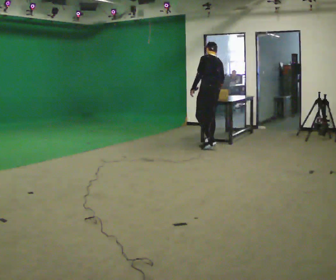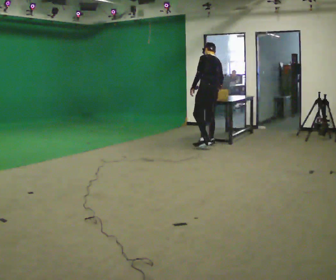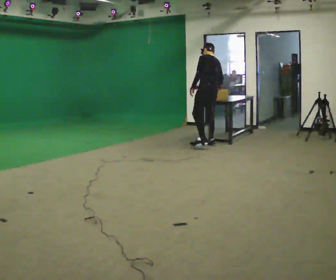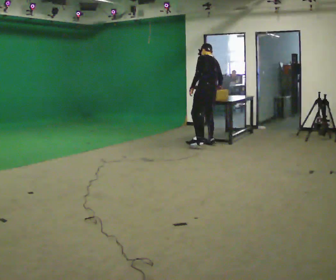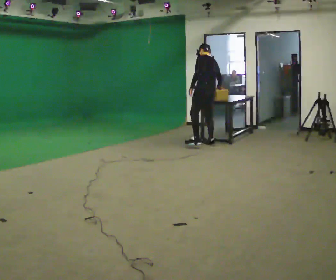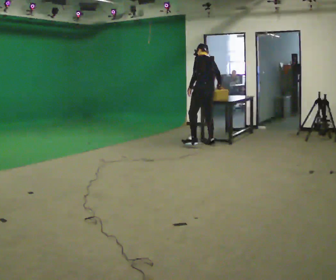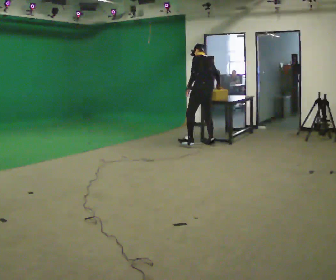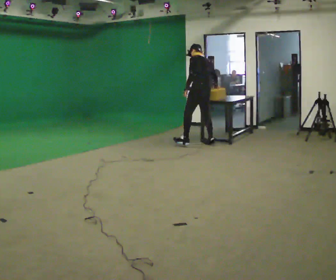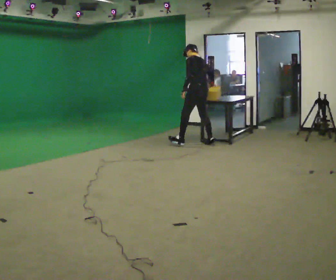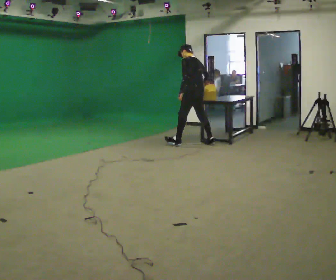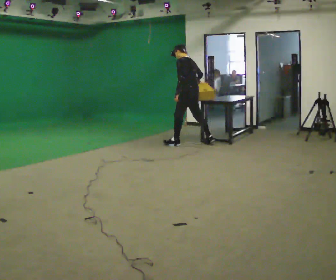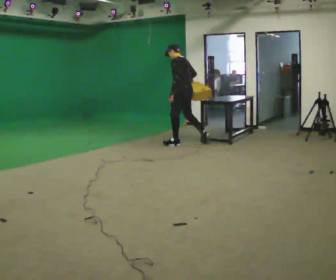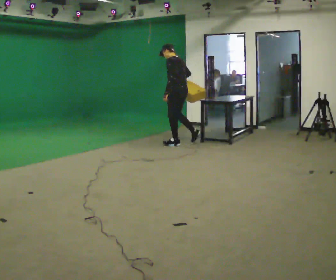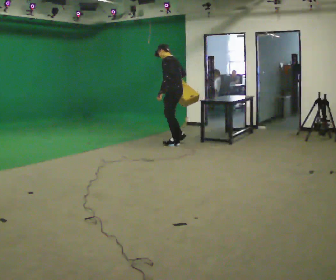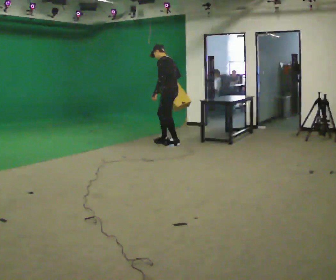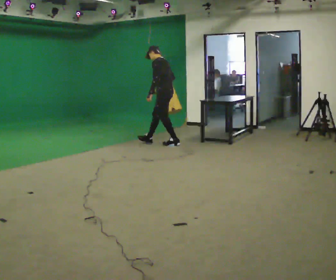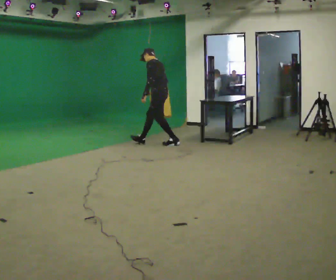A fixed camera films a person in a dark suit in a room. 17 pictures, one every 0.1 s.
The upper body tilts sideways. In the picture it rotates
counterclockwise.
The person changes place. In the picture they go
to the left.
0.0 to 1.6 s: The part of the body nearest the lens slides to the right as the person turns to their left by about 45 degrees. In the picture they go to the left, about 1 m in 1 step, which for them is forward and to their left. In the picture the upper body tilts counterclockwise, shoulders to the left.
The film runs forward here.
